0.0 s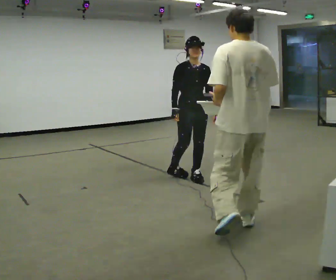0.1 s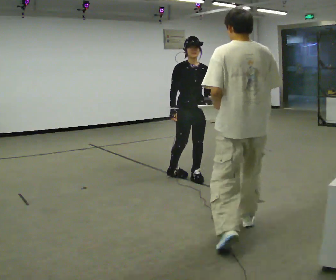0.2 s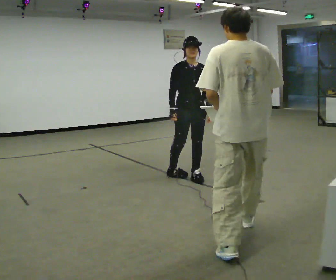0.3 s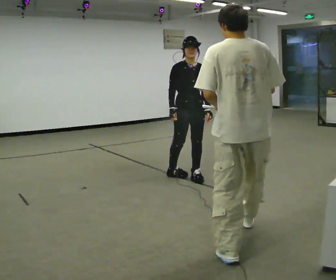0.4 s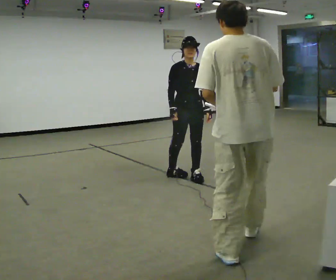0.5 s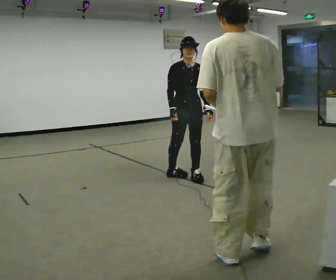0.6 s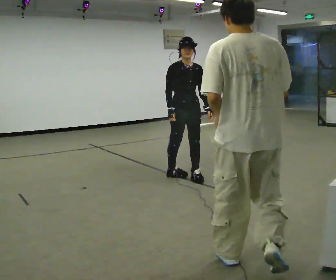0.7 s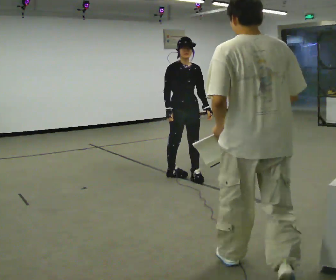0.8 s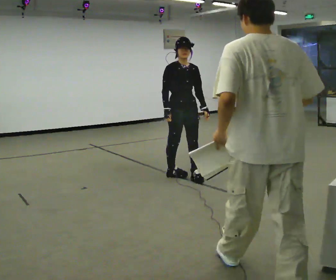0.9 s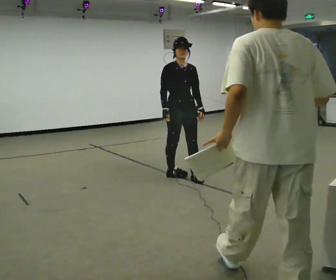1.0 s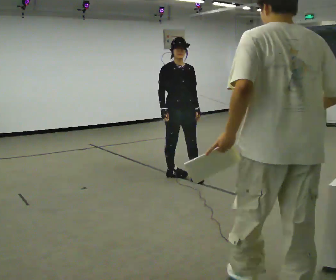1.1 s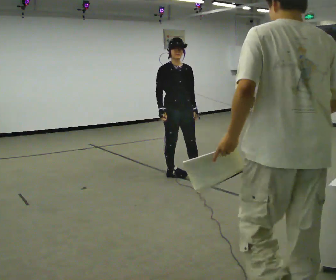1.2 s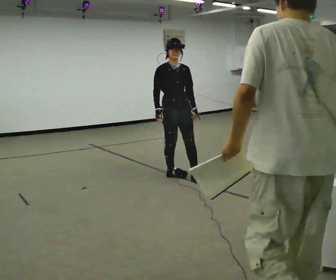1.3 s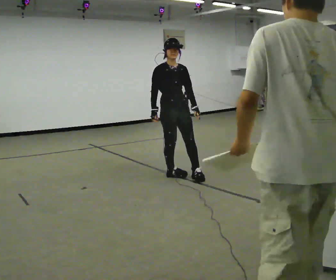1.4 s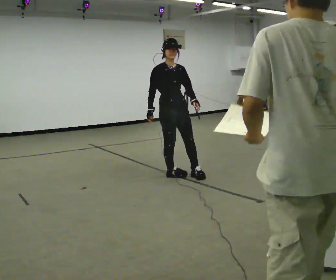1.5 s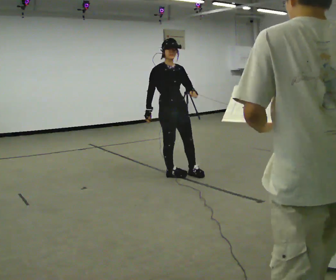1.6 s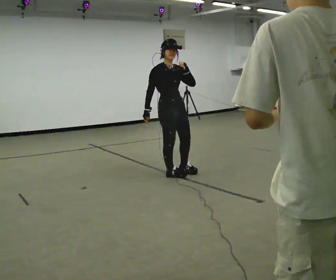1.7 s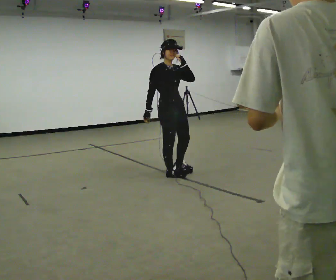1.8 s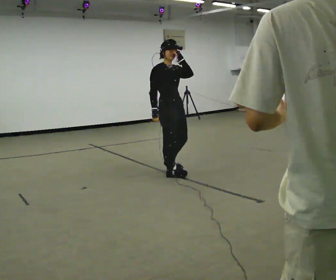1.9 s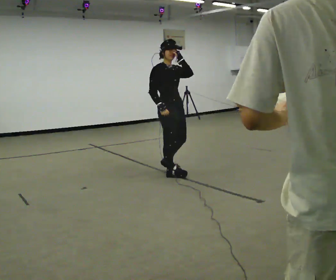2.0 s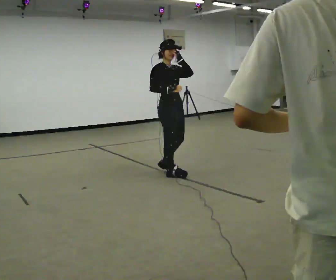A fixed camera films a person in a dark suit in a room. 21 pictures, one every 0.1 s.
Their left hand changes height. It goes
upward.
0.0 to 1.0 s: The person moves a little, or ends about where they began.
1.0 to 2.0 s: The part of the body nearest the lens slides to the right as the person turns to their left by about 30 degrees. In the picture their left hand goes upward.
The film runs backward here.
